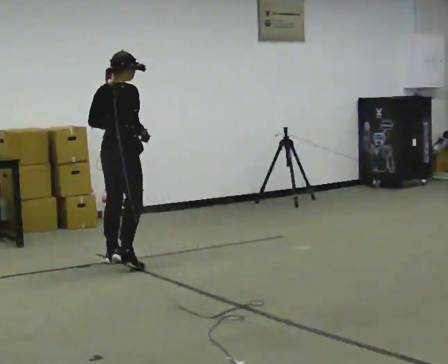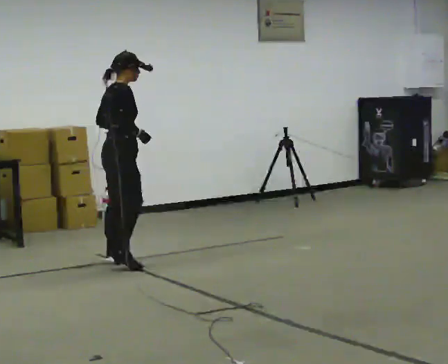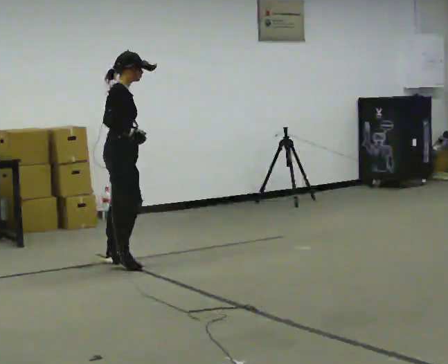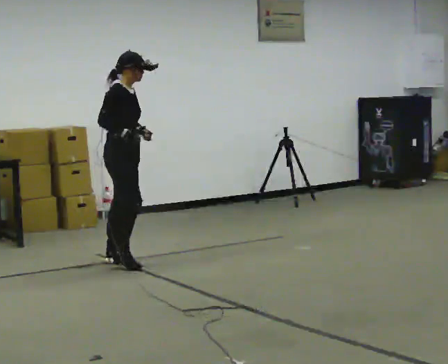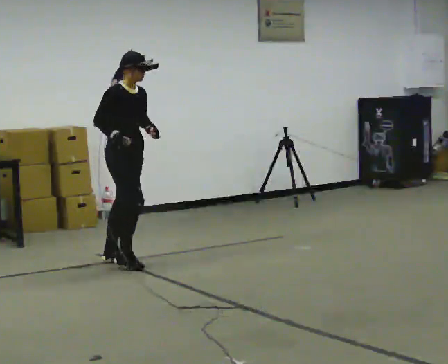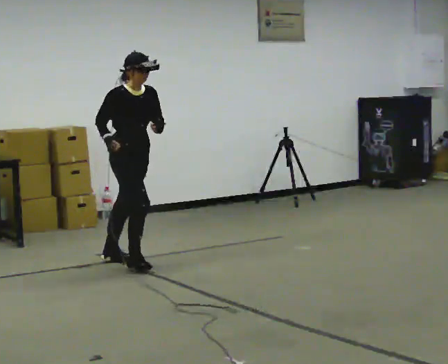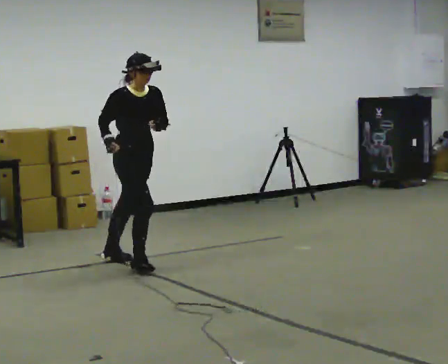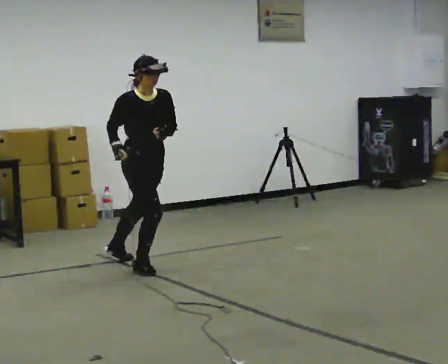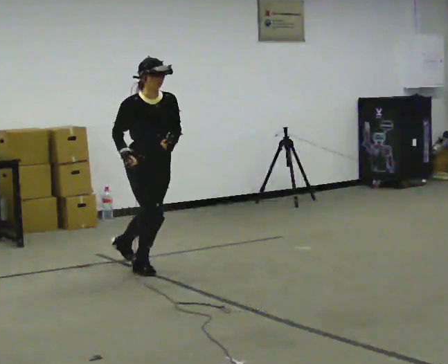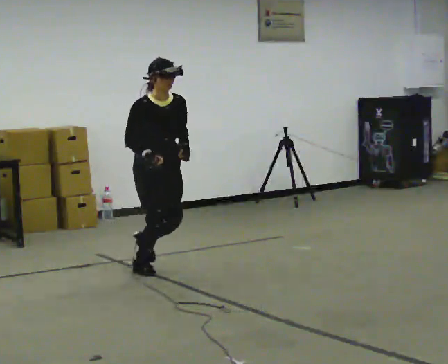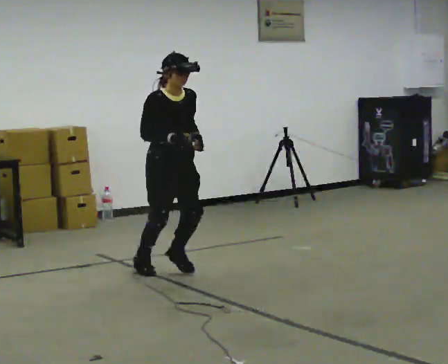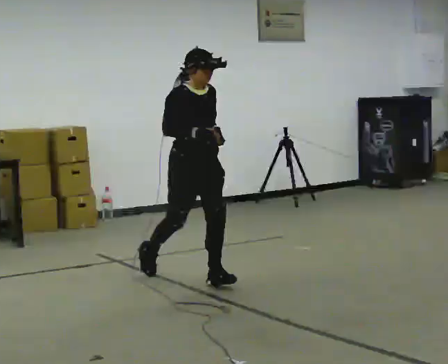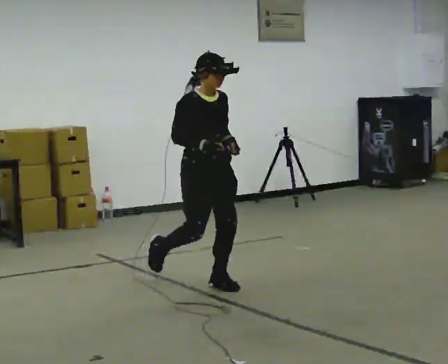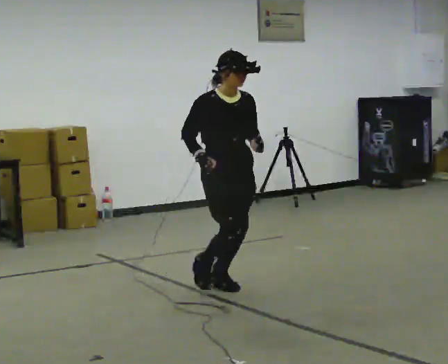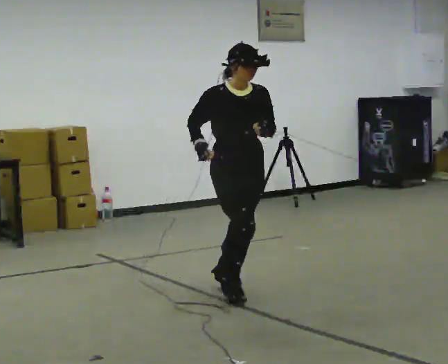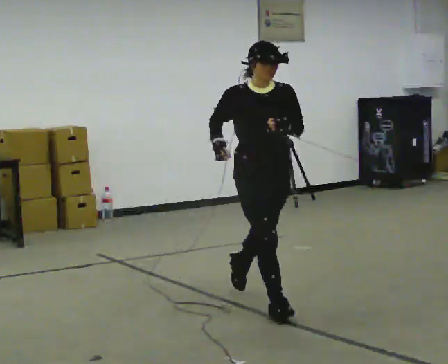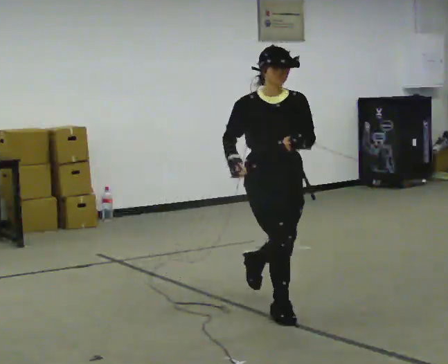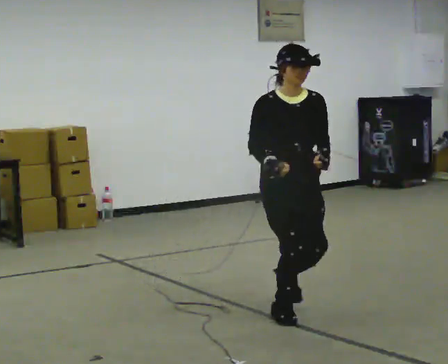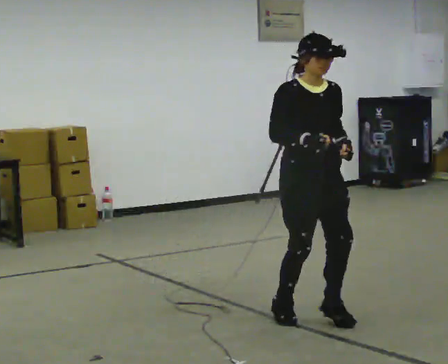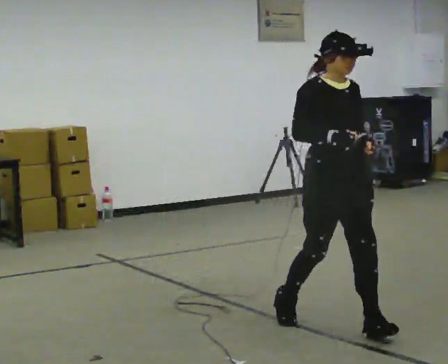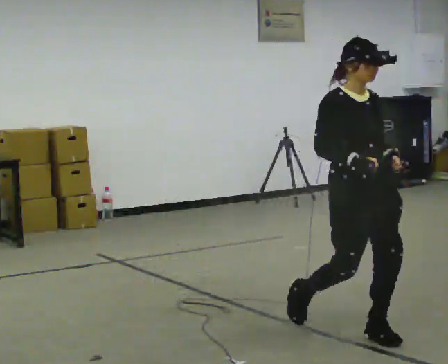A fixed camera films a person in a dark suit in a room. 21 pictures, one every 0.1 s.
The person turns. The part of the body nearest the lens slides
to the left.
The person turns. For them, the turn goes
to their right.
0.0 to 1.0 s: The person turns about 90 degrees to their right, clockwise seen from above, so the part of the body nearest the lens slides to the left. In the picture they go toward the camera and to the right, about 0.75 m in 2 steps. The upper body tips toward the camera, its near side rolling downward.
1.0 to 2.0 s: In the picture they go toward the camera and to the right, about 1.5 m in 3 steps, which for them is forward.
The film runs forward here.
